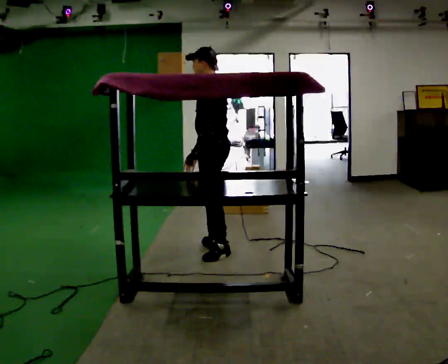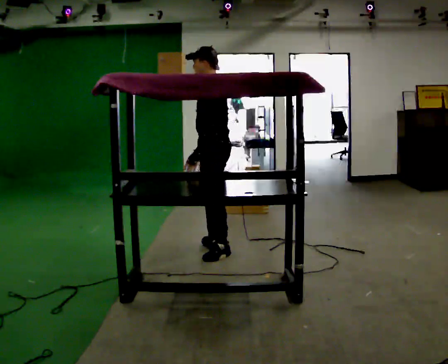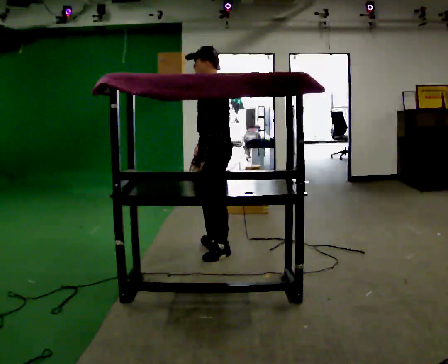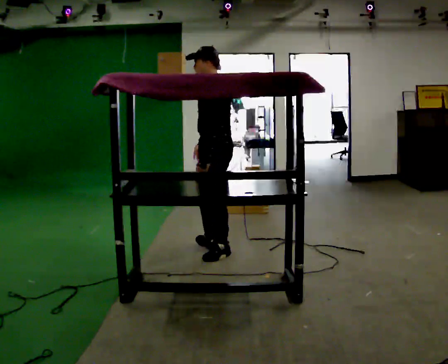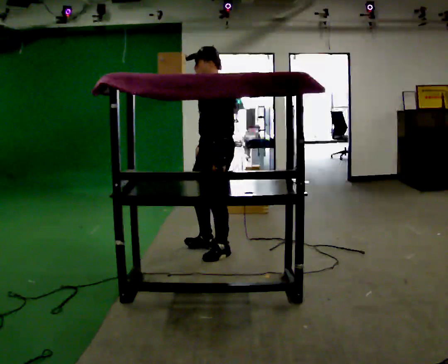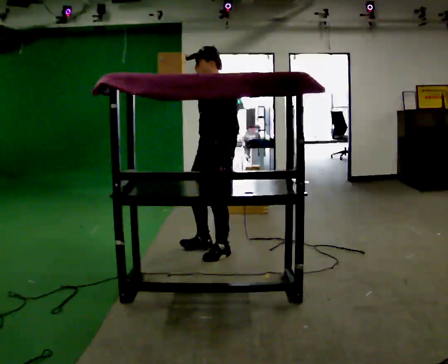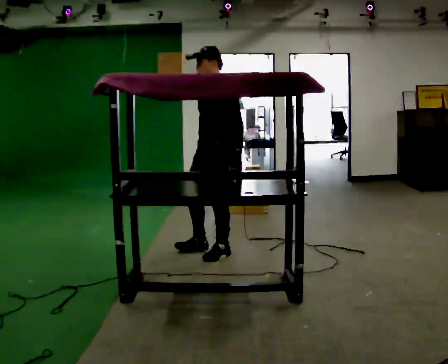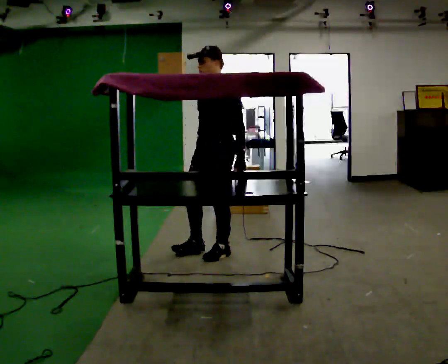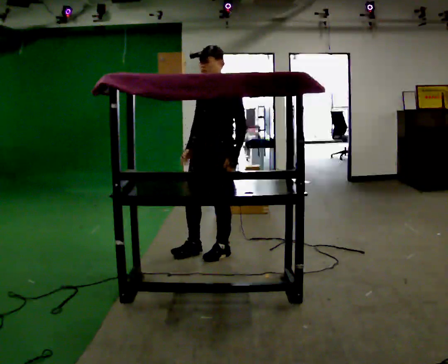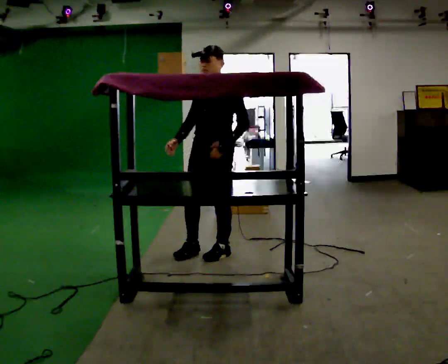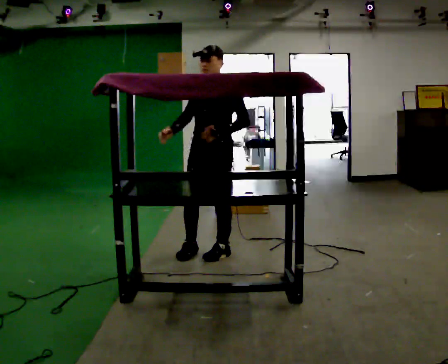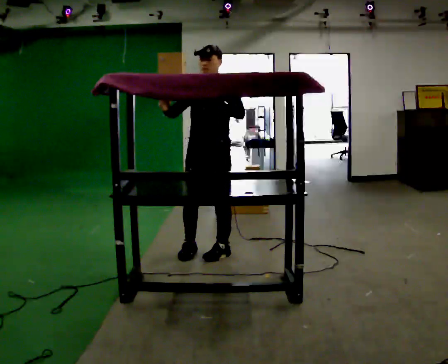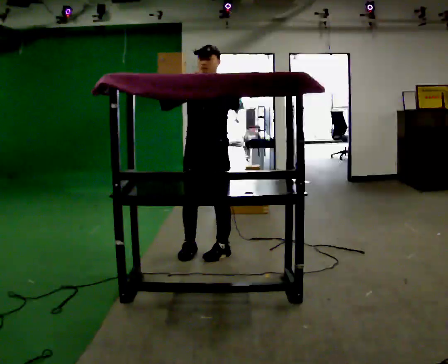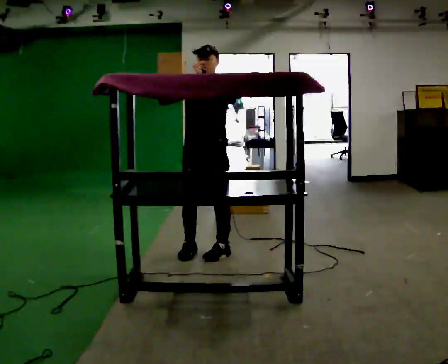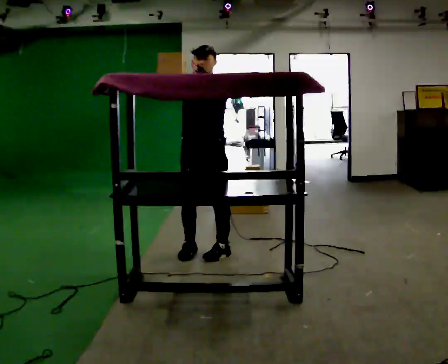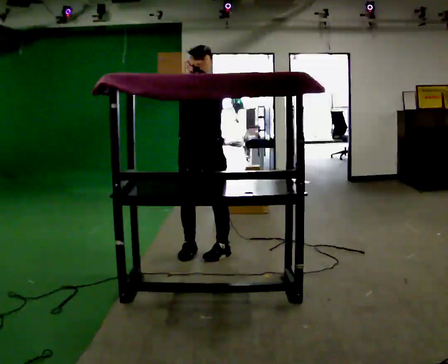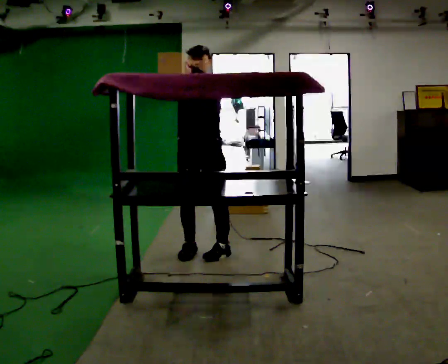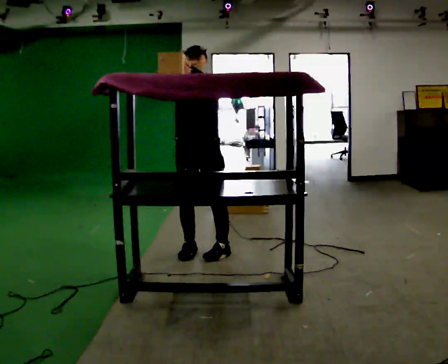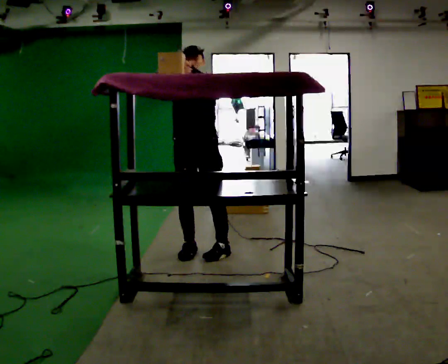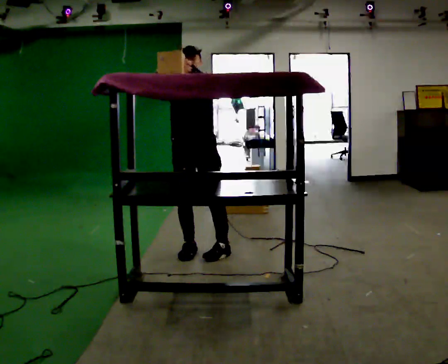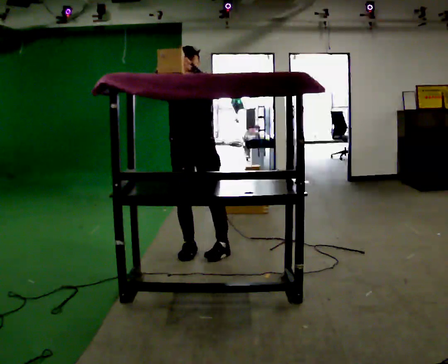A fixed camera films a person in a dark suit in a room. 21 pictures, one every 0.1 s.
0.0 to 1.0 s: Seen from above the body turns counterclockwise, about 60 degrees: to their left, with its near side sliding to the right. In the picture their right hand goes to the left.
1.0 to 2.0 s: Seen from above the body turns counterclockwise, about 30 degrees: to their left, with its near side sliding to the right. In the picture they go to the left, about 0.25 m, which for them is to their right. In the picture their right hand goes upward.
The film runs backward here.
